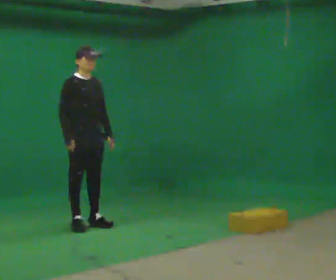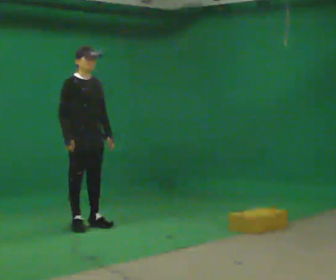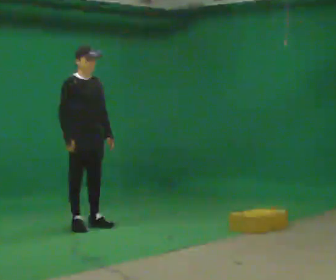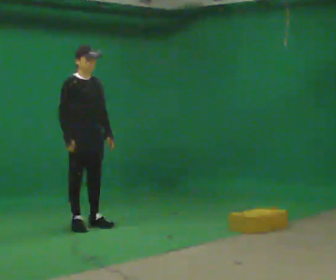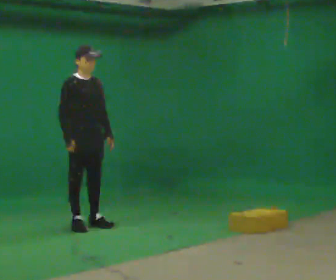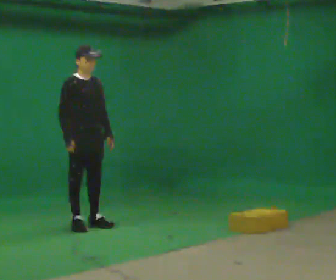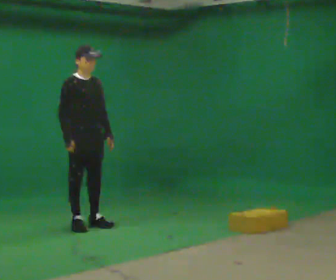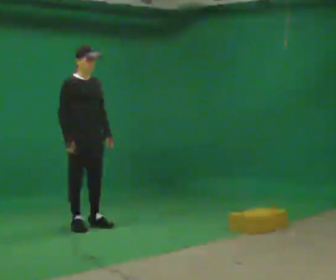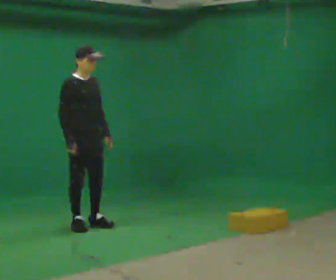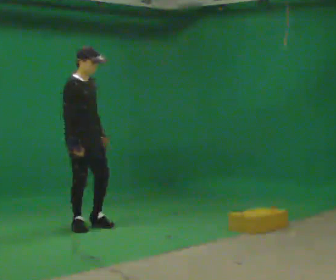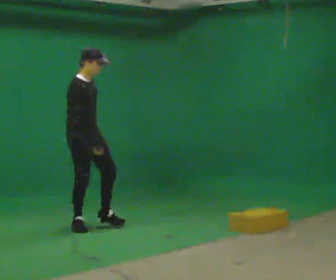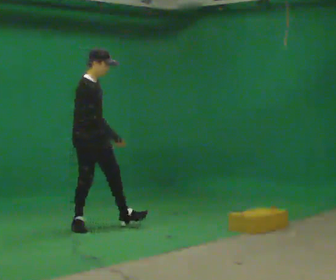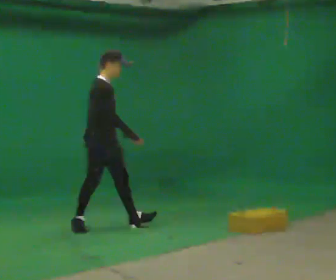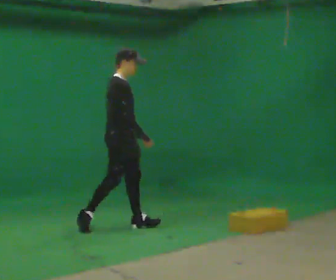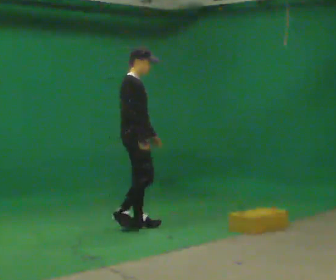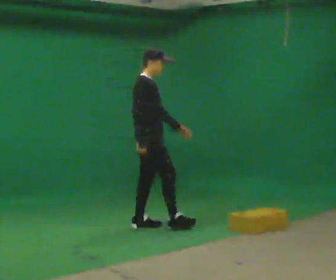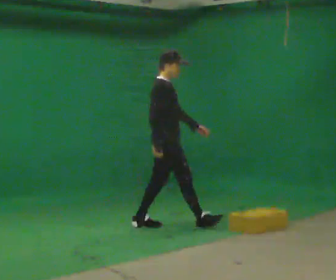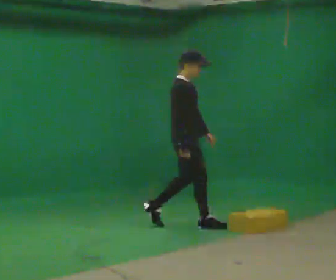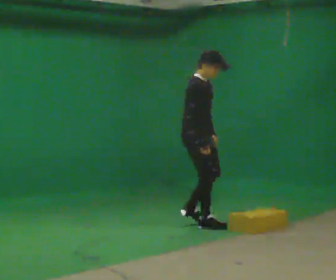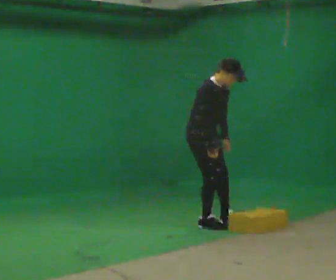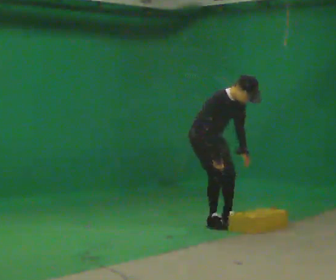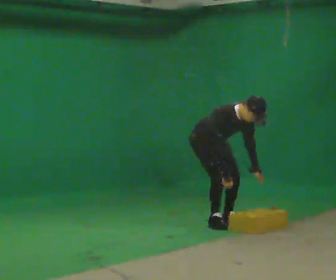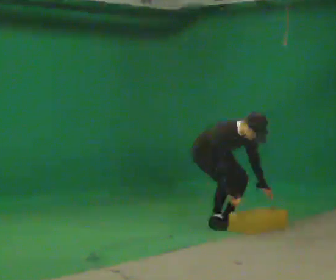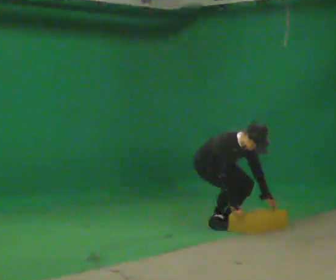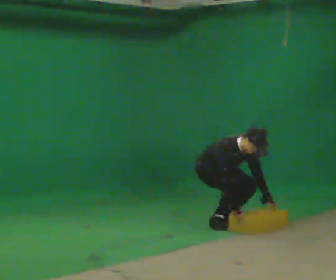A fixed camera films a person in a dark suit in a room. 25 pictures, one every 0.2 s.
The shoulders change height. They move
downward.
The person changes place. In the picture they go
to the right.
0.0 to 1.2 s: The person keeps their place and pose.
1.2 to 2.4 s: Seen from above the body turns counterclockwise, about 30 degrees: to their left, with its near side sliding to the right. In the picture they go to the right, about 0.25 m in 1 step, which for them is forward. In the picture their right hand goes to the right.
2.4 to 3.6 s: In the picture they go to the right, about 1 m in 1 step, which for them is forward.
3.6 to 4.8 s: Seen from above the body turns clockwise, about 30 degrees: to their right, with its near side sliding to the left. In the picture they go to the right and away from the camera, about 0.25 m in 1 step, which for them is to their left. The shoulders move downward. The upper body tips toward the camera, its near side rolling downward, as they bend forward. In the picture their left hand goes downward and to the right.
The film runs forward here.
